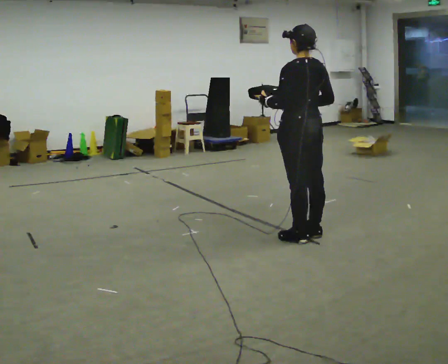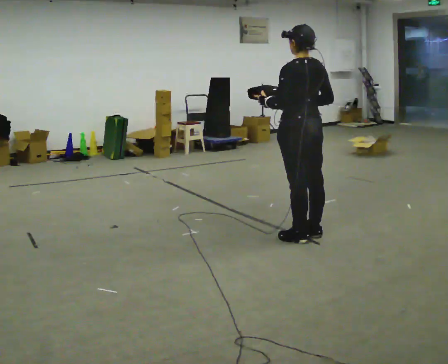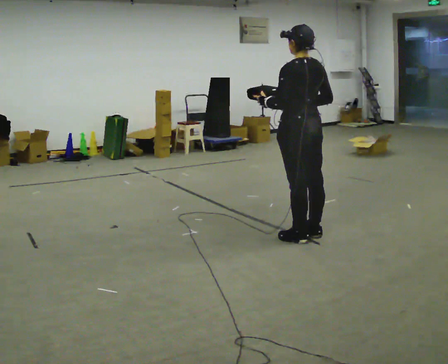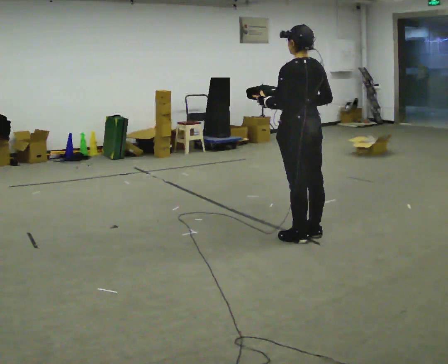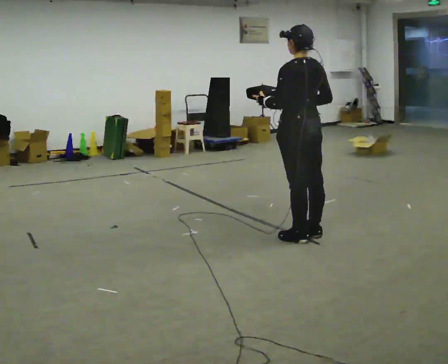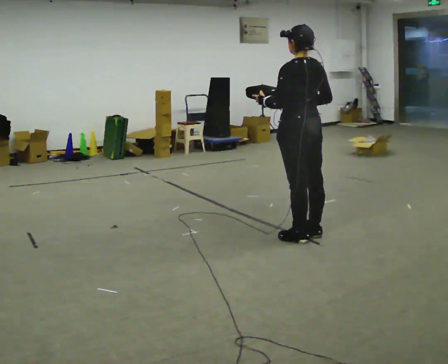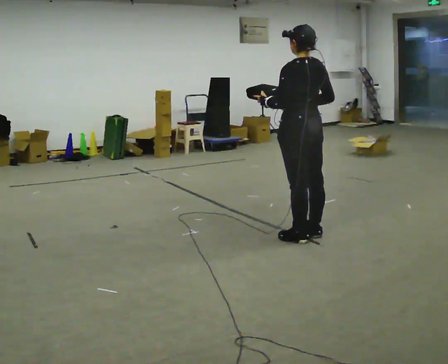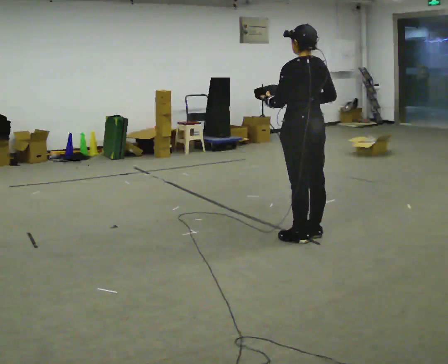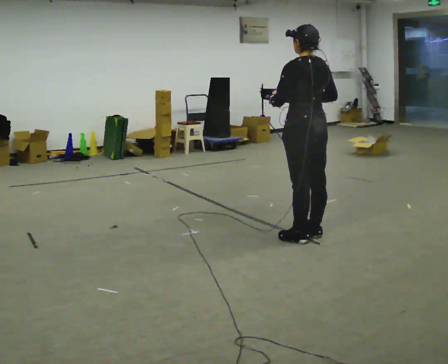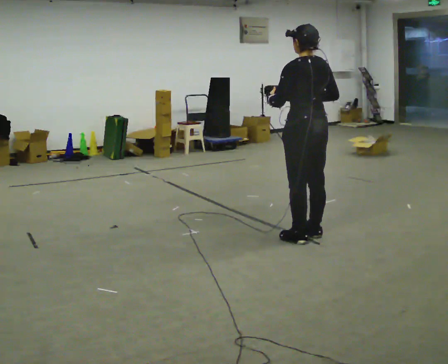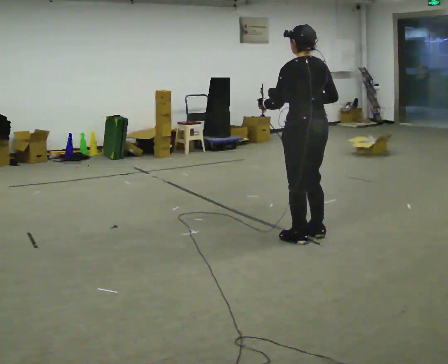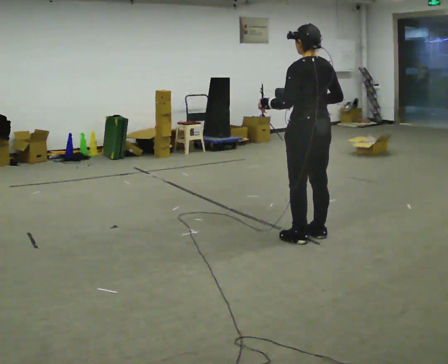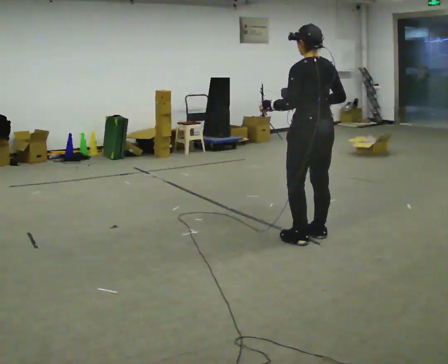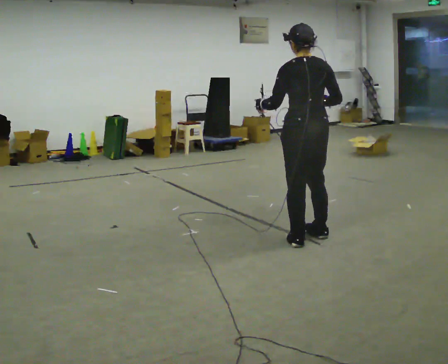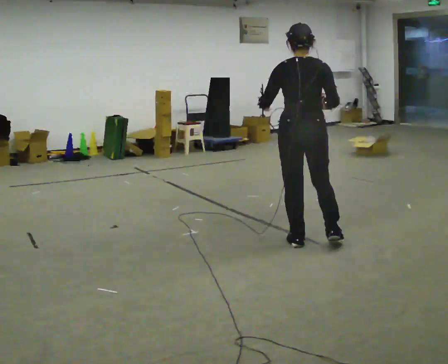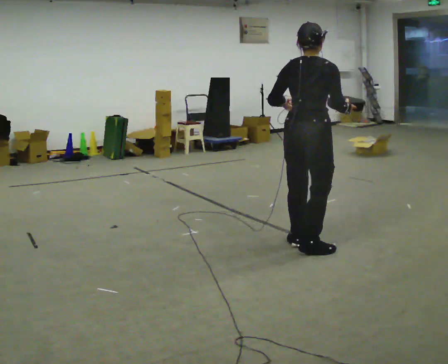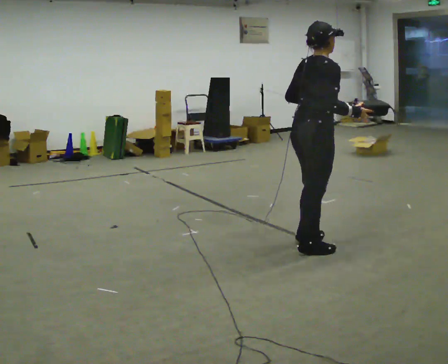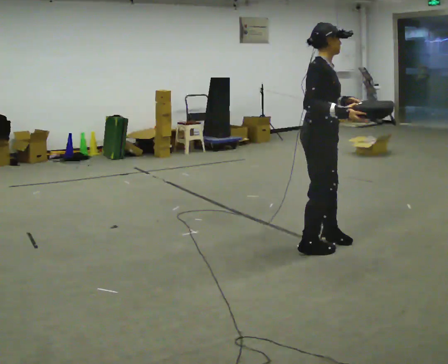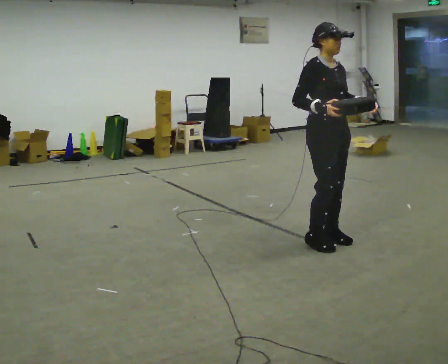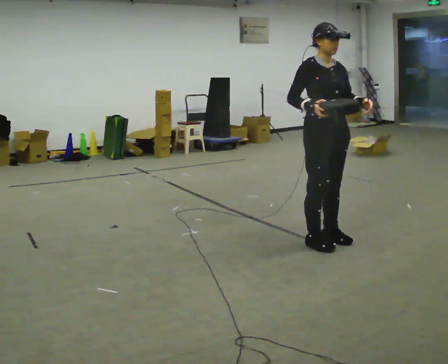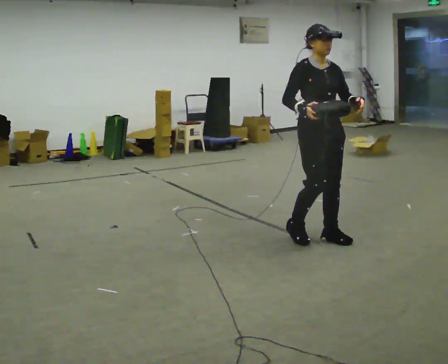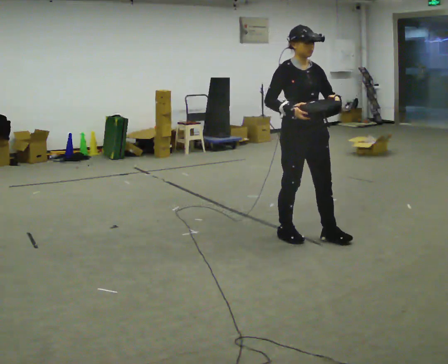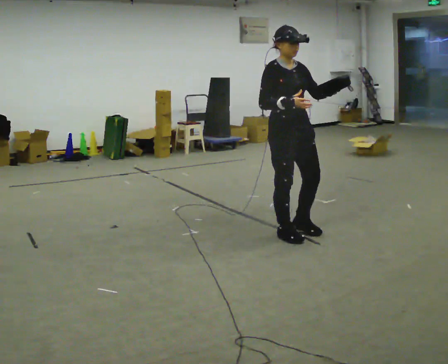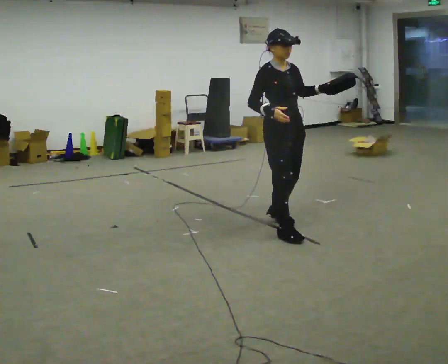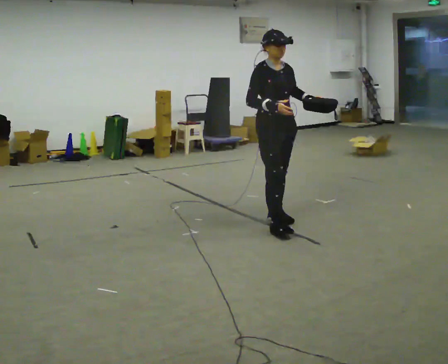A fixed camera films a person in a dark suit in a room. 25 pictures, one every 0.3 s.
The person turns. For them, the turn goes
to their right.
The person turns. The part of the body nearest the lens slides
to the left.
0.0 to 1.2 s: The person keeps their place and pose.
1.2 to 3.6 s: The person moves a little, or ends about where they began.
3.6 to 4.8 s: Seen from above the body turns clockwise, about 90 degrees: to their right, with its near side sliding to the left. In the picture they go toward the camera, about 0.25 m in 2 steps.
4.8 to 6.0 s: The person turns about 90 degrees to their right, clockwise seen from above, so the part of the body nearest the lens slides to the left. In the picture they go away from the camera, about 0.25 m in 2 steps. In the picture their left hand goes to the right.
6.0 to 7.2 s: In the picture they go away from the camera and to the left, about 0.5 m in 2 steps, which for them is backward.
The film runs backward here.
